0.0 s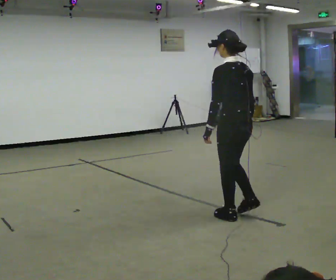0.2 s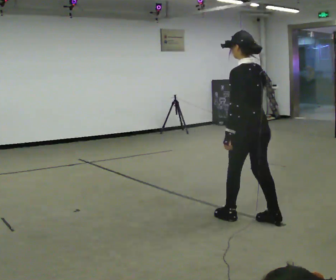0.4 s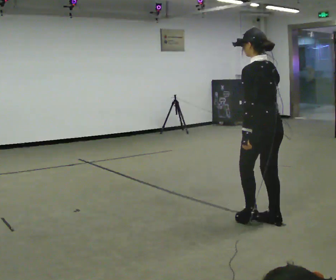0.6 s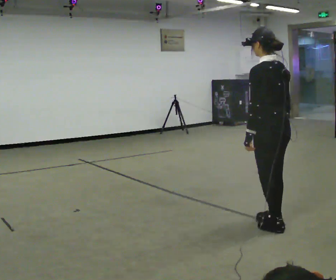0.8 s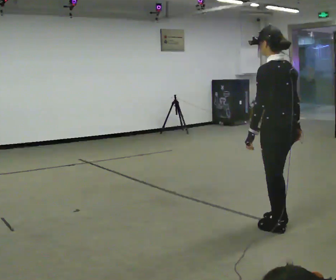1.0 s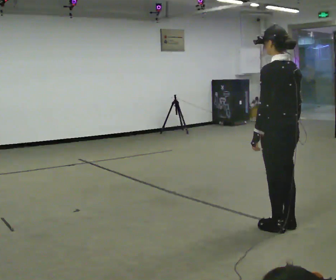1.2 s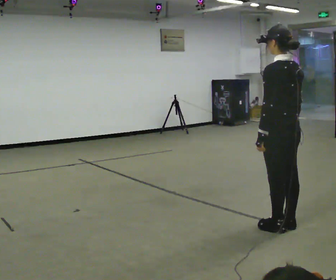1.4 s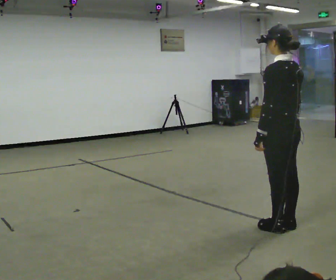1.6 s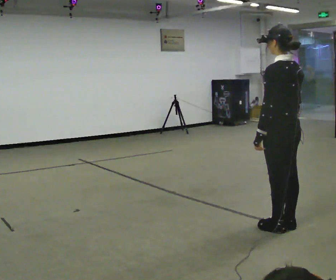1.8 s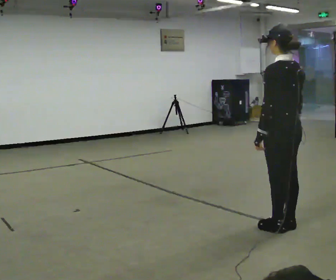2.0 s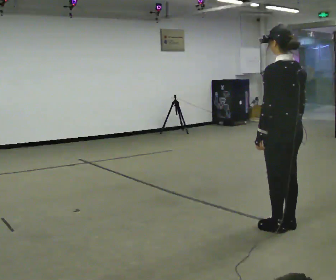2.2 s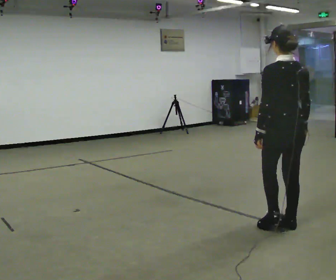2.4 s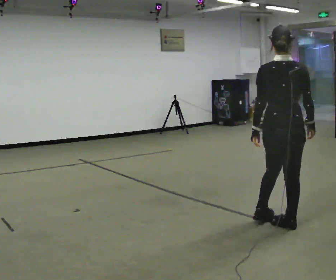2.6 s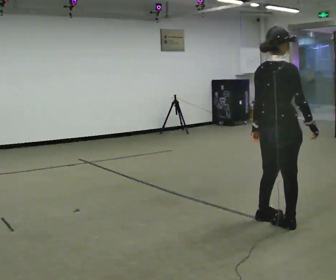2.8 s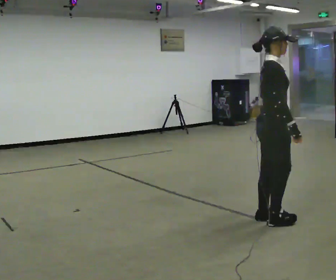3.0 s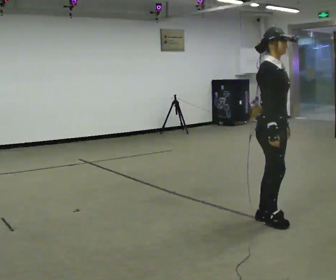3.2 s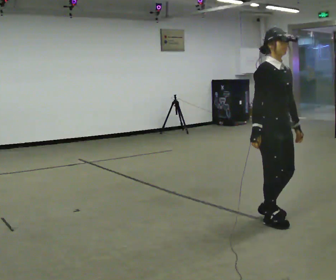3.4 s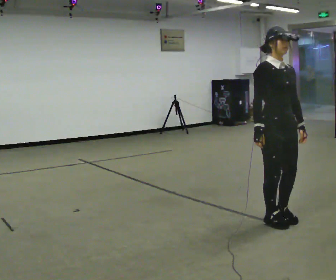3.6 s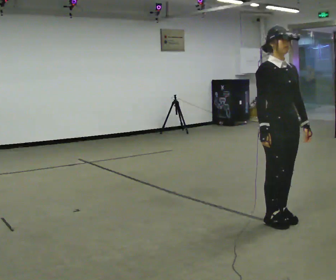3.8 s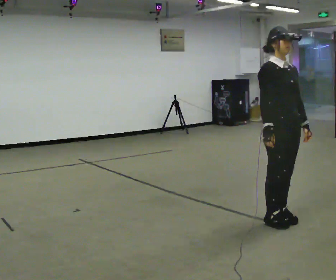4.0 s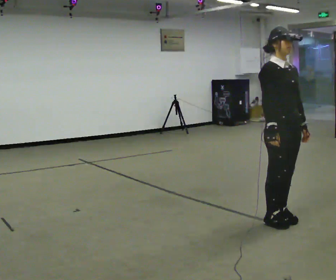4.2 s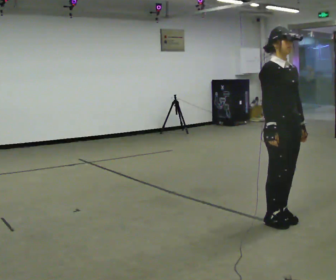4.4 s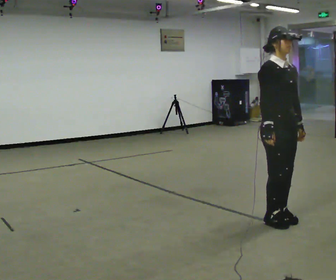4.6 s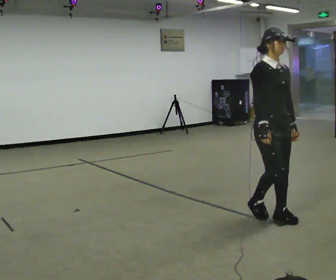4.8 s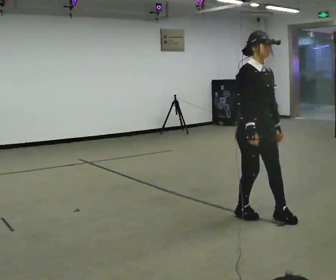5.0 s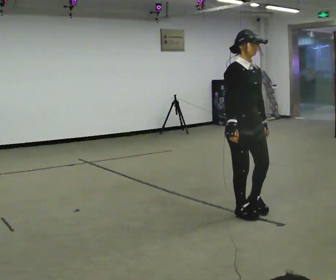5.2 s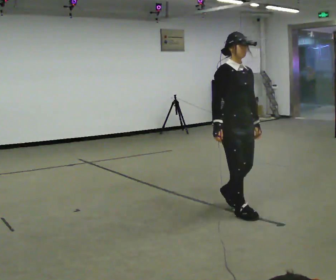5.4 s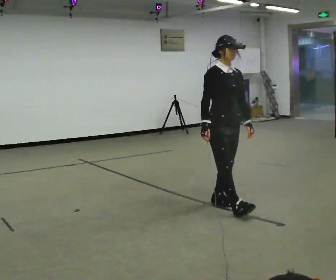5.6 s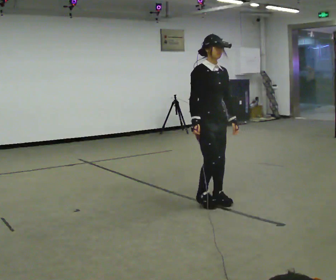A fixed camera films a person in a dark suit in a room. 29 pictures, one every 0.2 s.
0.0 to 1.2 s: In the picture they go to the right and toward the camera, about 0.5 m in 3 steps, which for them is backward.
1.2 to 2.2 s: The person moves a little, or ends about where they began.
2.2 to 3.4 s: The person turns about 165 degrees to their right, clockwise seen from above, so the part of the body nearest the lens slides to the left. In the picture their right hand goes to the left.
3.4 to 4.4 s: The person moves a little, or ends about where they began.
4.4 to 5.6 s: In the picture they go to the left and away from the camera, about 1 m in 2 steps, which for them is backward.
The film runs forward here.
